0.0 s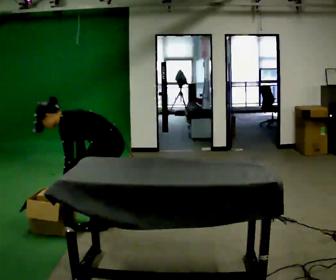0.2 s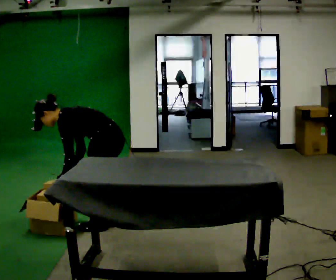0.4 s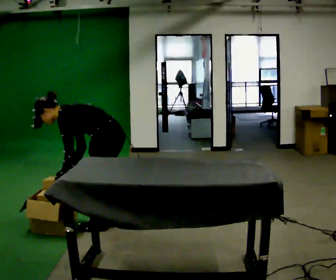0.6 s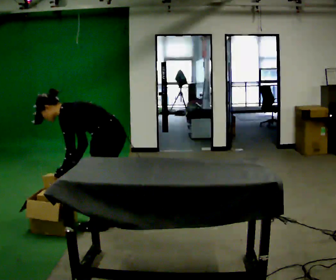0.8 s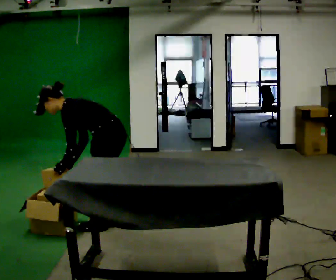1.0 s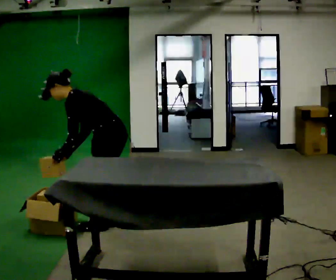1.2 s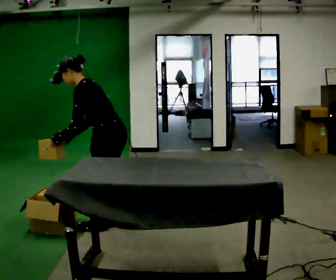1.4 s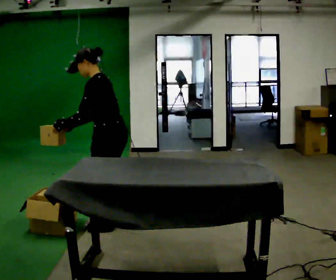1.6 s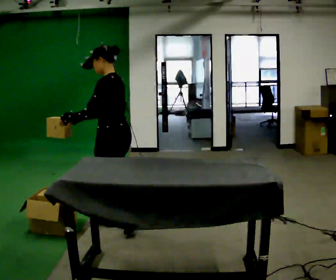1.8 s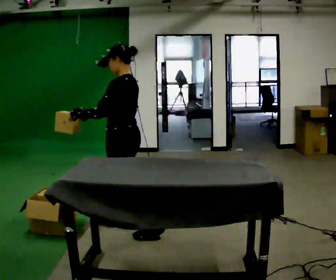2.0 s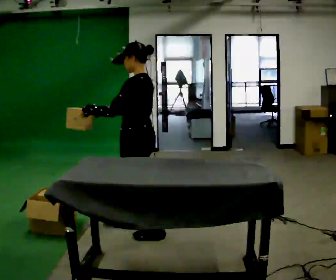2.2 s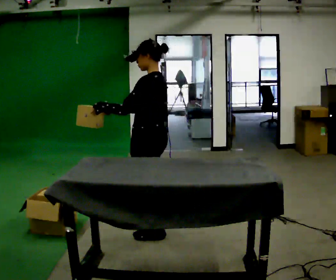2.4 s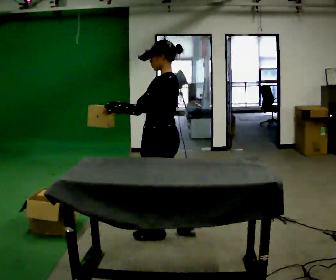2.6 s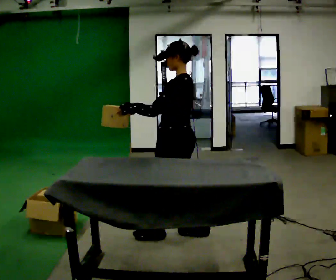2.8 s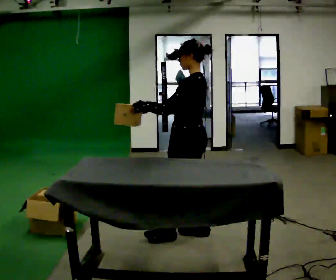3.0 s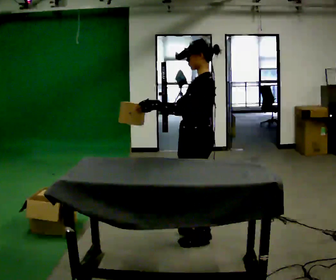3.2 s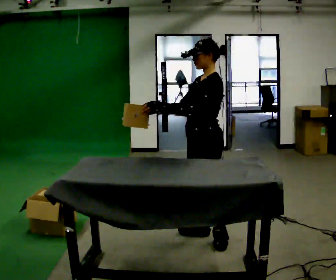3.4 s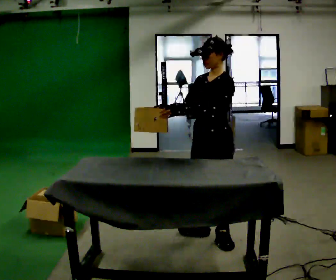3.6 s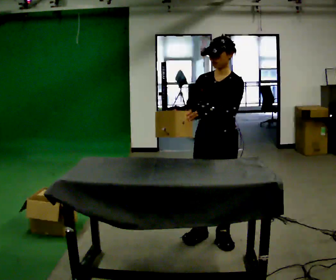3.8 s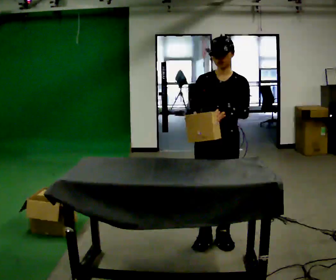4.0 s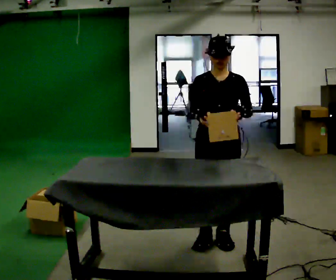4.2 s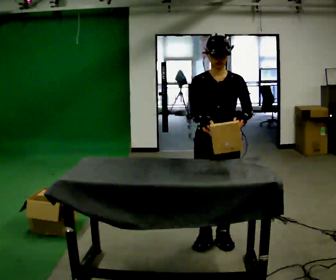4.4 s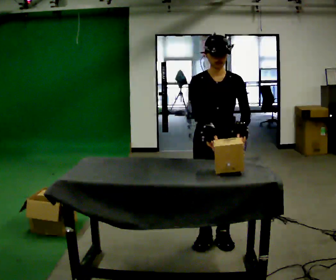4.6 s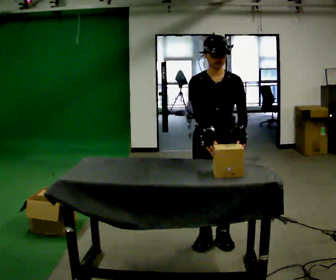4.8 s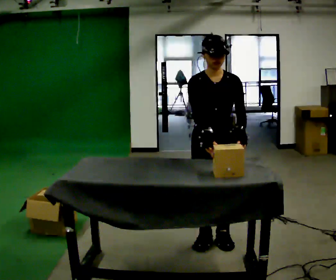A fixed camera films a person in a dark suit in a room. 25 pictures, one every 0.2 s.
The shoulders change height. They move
upward.
The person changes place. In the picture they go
to the right.
0.0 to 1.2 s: The upper body goes upward. In the picture the upper body tilts clockwise, shoulders to the right, as they lean back or straighten. In the picture their left hand goes upward.
1.2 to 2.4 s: In the picture they go to the right and toward the camera, about 0.5 m in 2 steps, which for them is backward. In the picture the upper body tilts clockwise, shoulders to the right, as they lean back or straighten.
2.4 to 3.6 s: The person turns about 75 degrees to their left, counterclockwise seen from above, so the part of the body nearest the lens slides to the right. In the picture they go to the right, about 0.5 m in 1 step.
3.6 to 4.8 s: The person turns about 30 degrees to their left, counterclockwise seen from above, so the part of the body nearest the lens slides to the right.
The film runs backward here.
